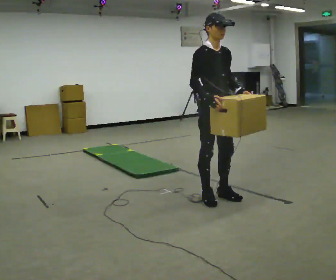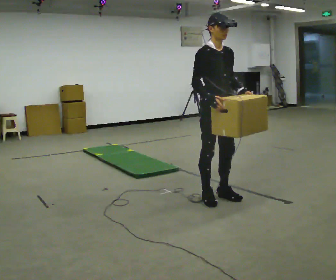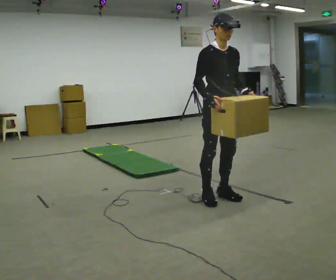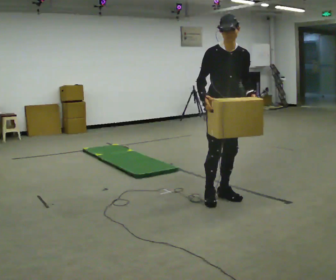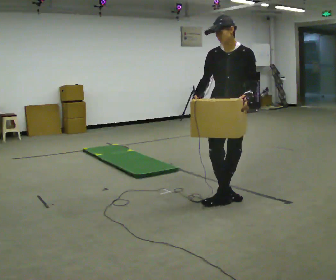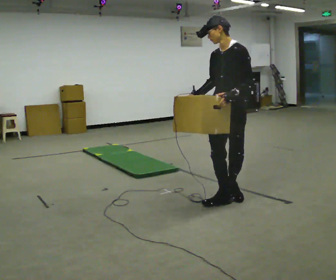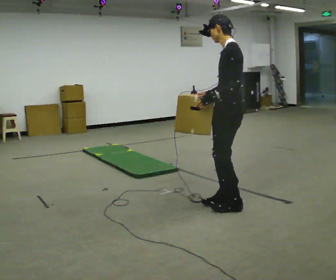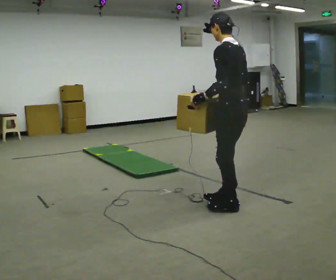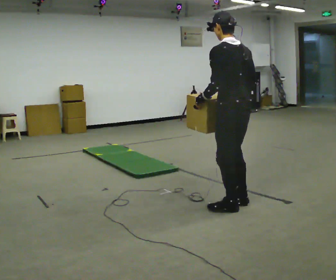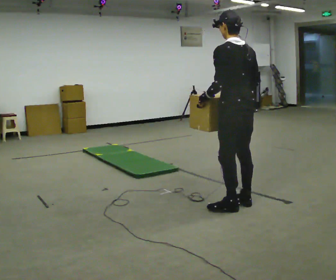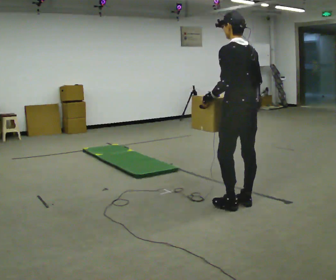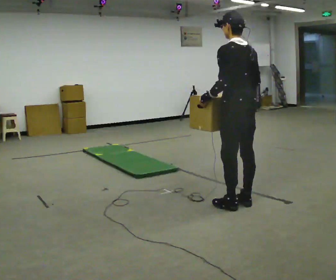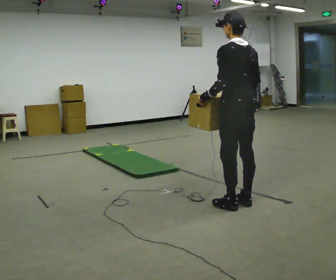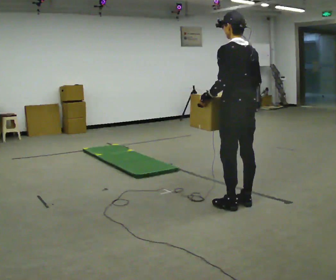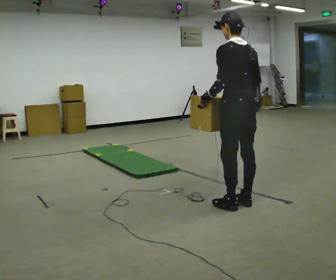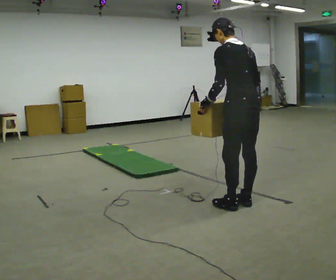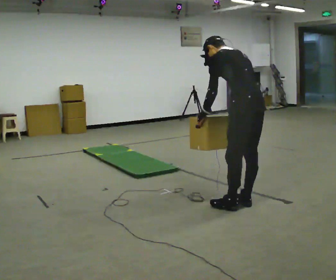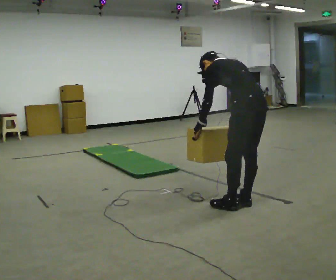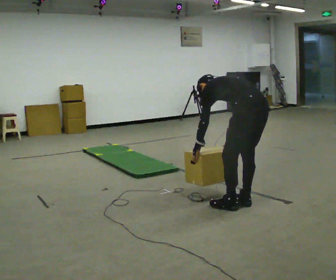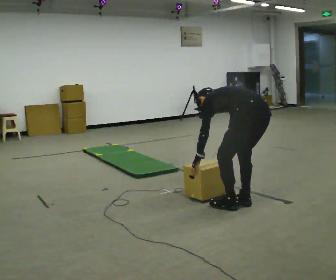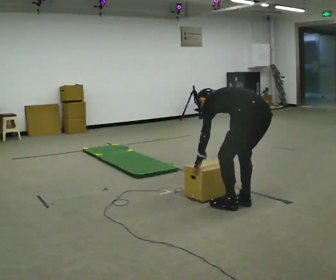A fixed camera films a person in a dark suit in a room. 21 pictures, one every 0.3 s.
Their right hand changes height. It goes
downward.
The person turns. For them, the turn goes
to their right.
0.0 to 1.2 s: The part of the body nearest the lens slides to the left as the person turns to their right by about 60 degrees. In the picture they go to the right, about 0.25 m in 1 step, which for them is to their left.
1.2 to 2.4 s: The part of the body nearest the lens slides to the left as the person turns to their right by about 120 degrees. In the picture they go toward the camera, about 0.25 m in 1 step.
2.4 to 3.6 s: The person moves a little, or ends about where they began.
3.6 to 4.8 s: In the picture the upper body tilts counterclockwise, shoulders to the left, as they bend forward.
4.8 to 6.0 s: The shoulders move downward. In the picture the upper body tilts counterclockwise, shoulders to the left, as they bend forward. In the picture their right hand goes downward.
The film runs forward here.
